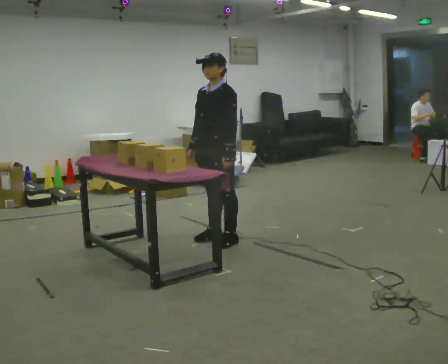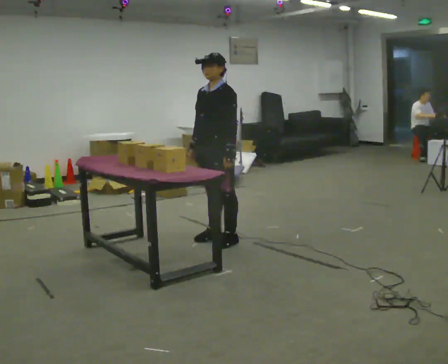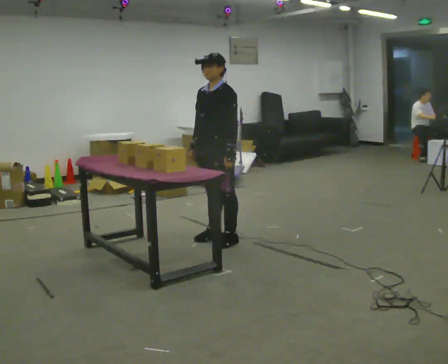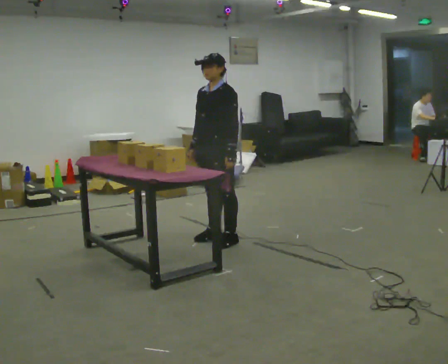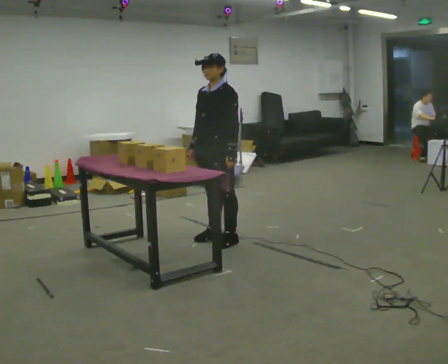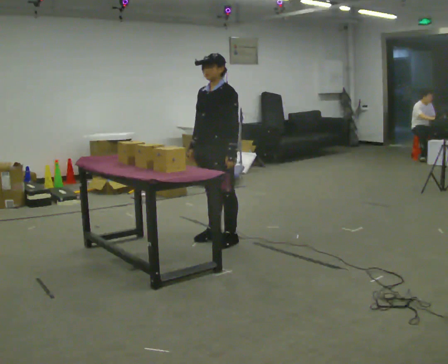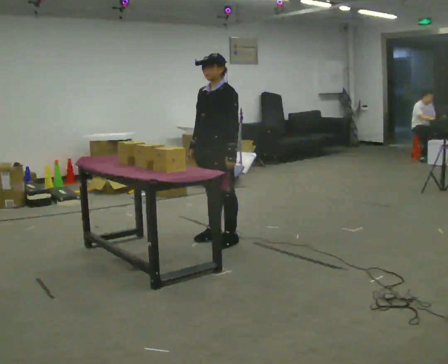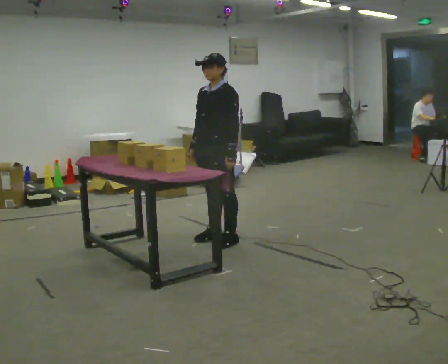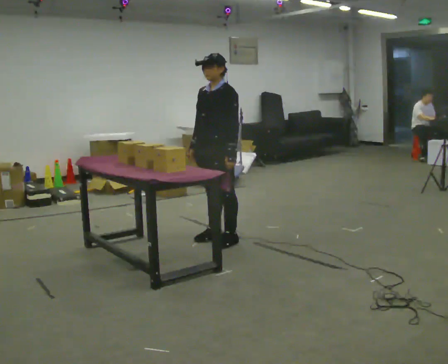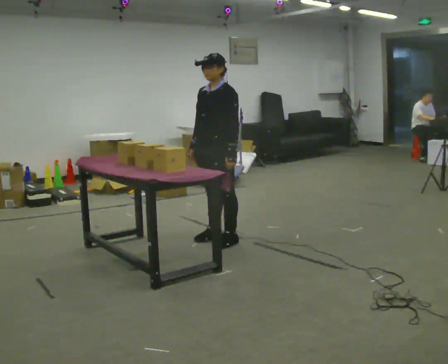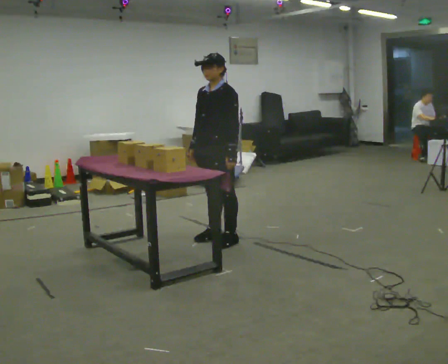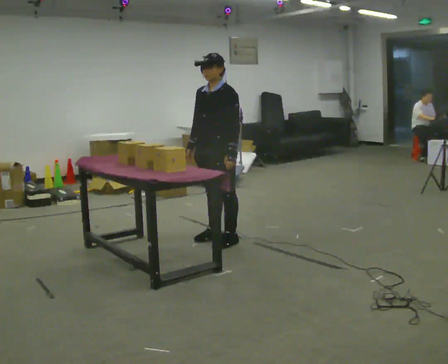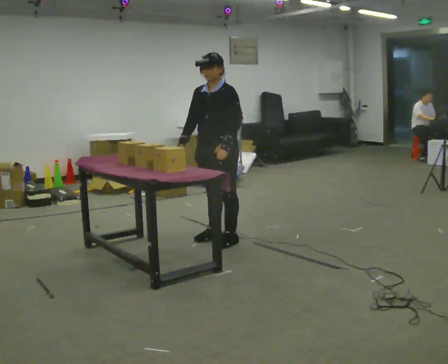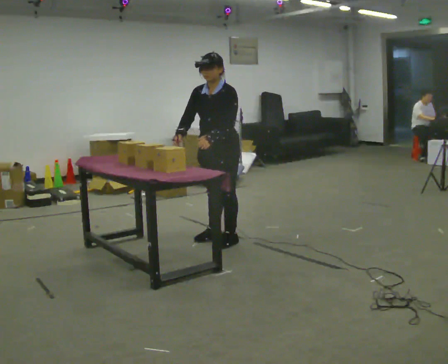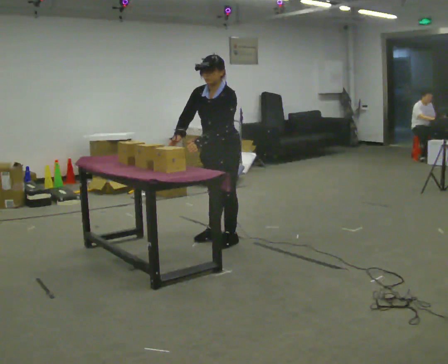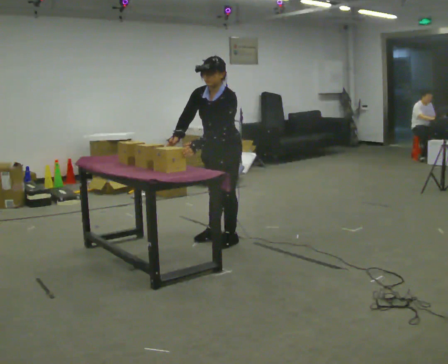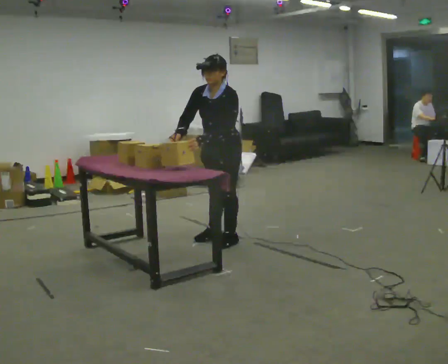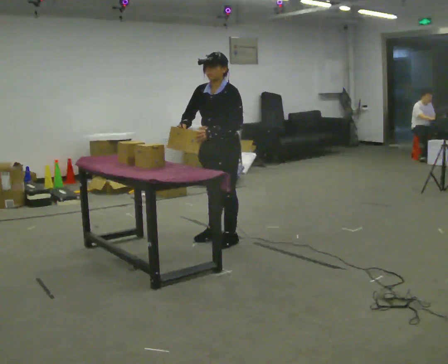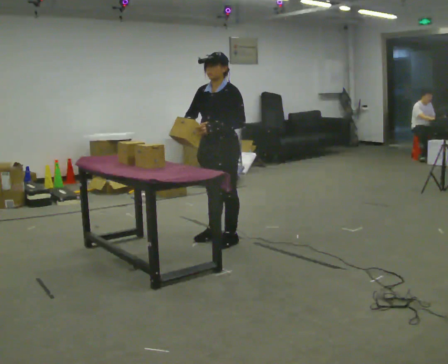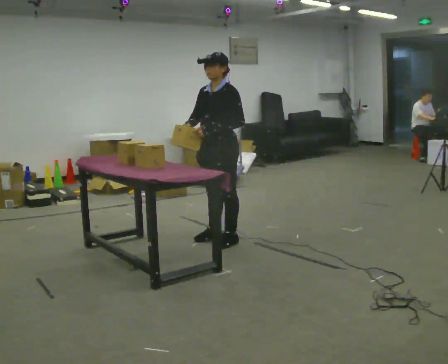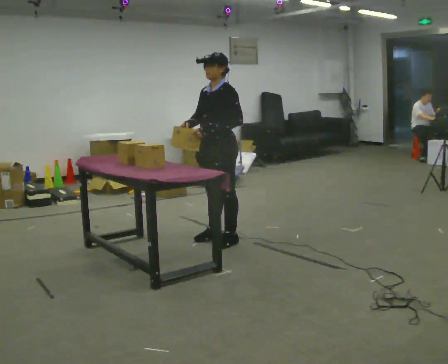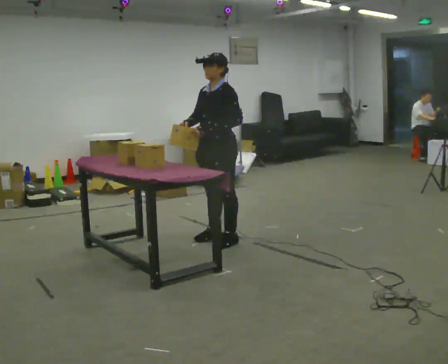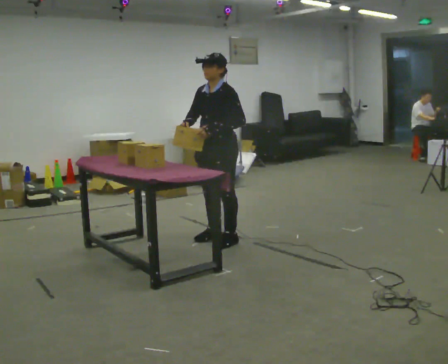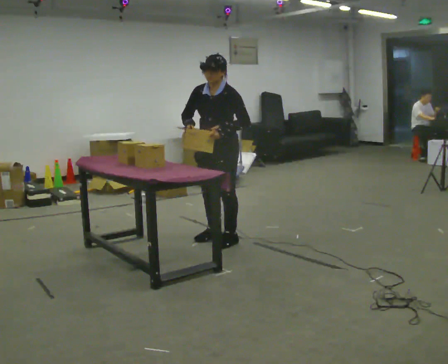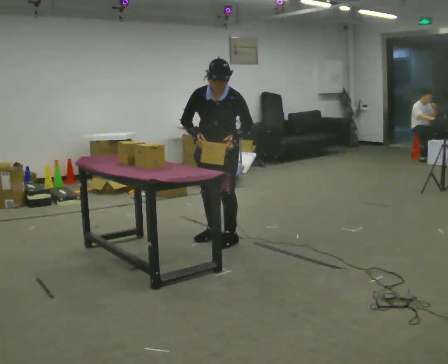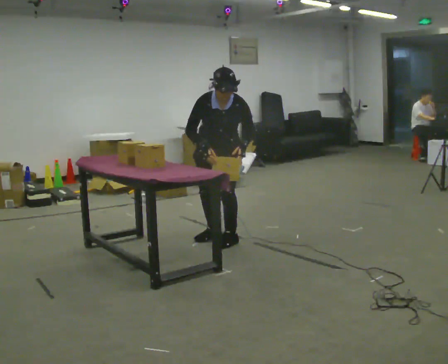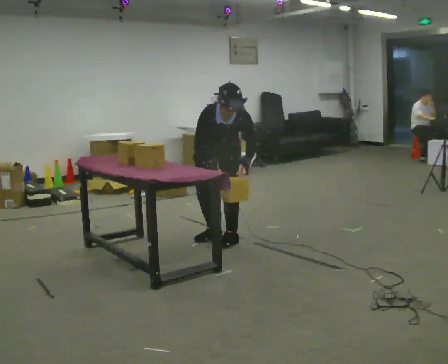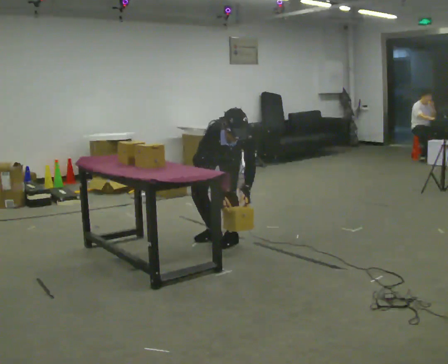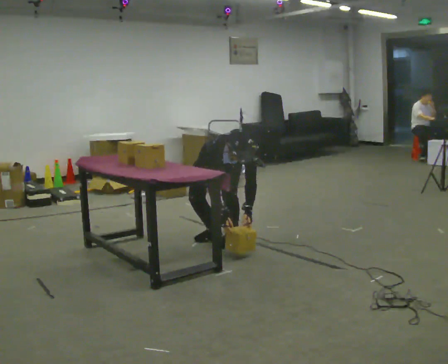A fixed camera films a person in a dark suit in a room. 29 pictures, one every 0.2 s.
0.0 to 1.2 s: The person keeps their place and pose.
1.2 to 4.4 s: The person moves a little, or ends about where they began.
4.4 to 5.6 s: Seen from above the body turns counterclockwise, about 45 degrees: to their left, with its near side sliding to the right. In the picture they go away from the camera, about 0.25 m, which for them is backward. The shoulders move downward. The upper body tips toward the camera, its near side rolling downward, as they bend forward. In the picture their left hand goes downward.
The film runs forward here.
